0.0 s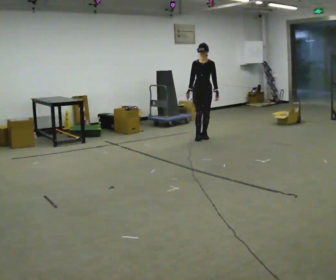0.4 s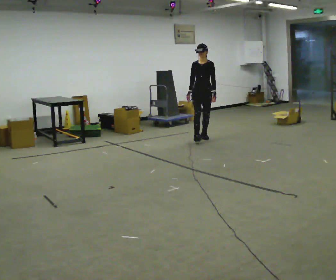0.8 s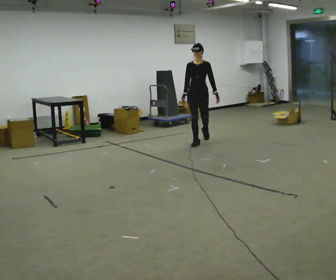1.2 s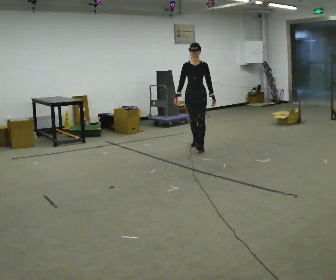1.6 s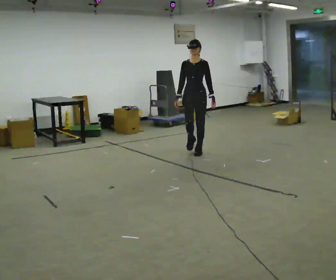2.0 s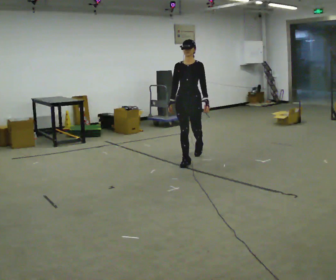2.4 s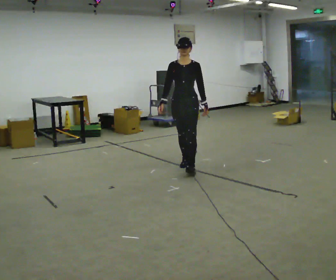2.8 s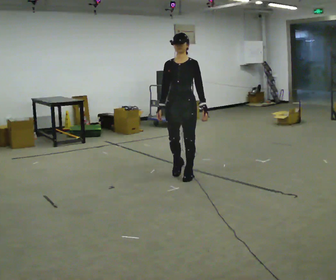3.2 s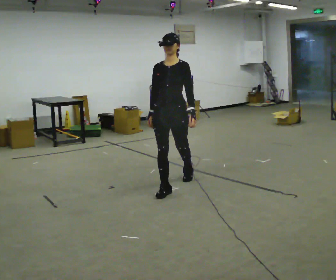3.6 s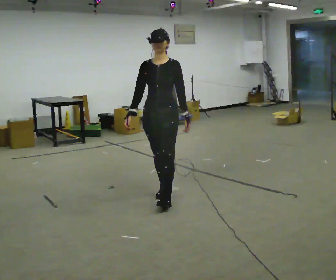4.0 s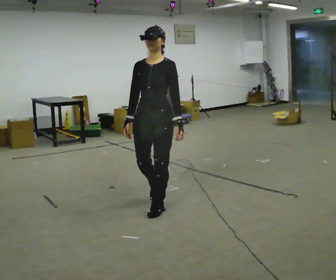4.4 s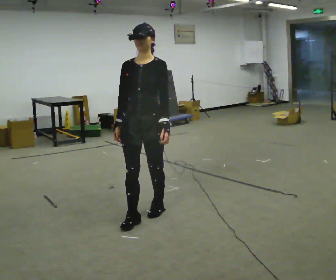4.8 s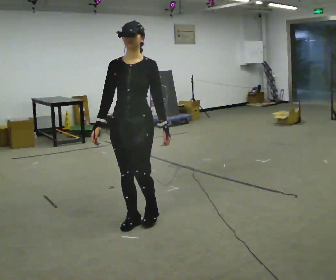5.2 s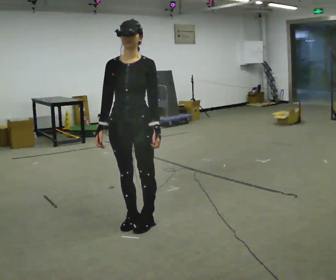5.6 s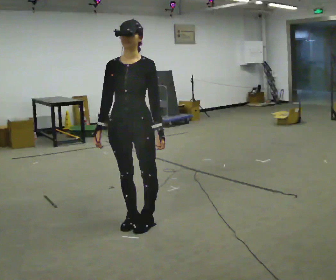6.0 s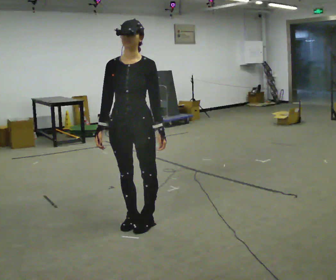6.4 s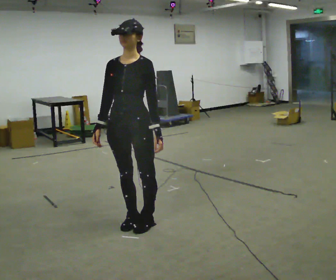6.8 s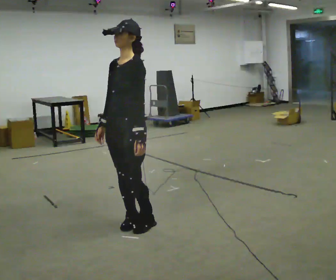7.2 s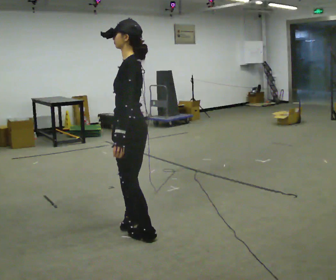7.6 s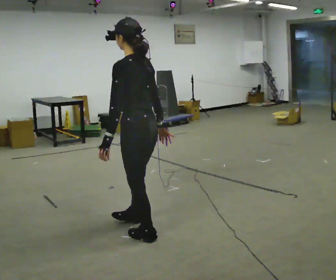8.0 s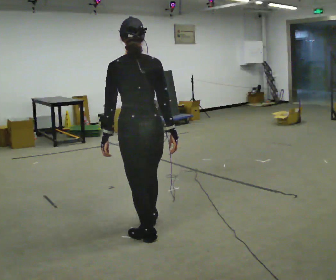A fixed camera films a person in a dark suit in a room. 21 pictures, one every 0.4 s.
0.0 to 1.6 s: In the picture they go toward the camera, about 1 m in 2 steps, which for them is forward.
1.6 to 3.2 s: In the picture they go toward the camera, about 1.5 m in 3 steps, which for them is forward.
3.2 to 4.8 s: In the picture they go toward the camera, about 1 m in 2 steps, which for them is forward.
4.8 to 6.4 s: The person moves a little, or ends about where they began.
6.4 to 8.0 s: The part of the body nearest the lens slides to the left as the person turns to their right by about 150 degrees. In the picture they go toward the camera, about 0.25 m in 1 step. In the picture their right hand goes to the right, the arm swinging counterclockwise.
The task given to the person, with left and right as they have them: Start still; accelerate to fast walking; hold the fast speed for several steps; decelerate and stop. Do not run.
The film runs forward here.
